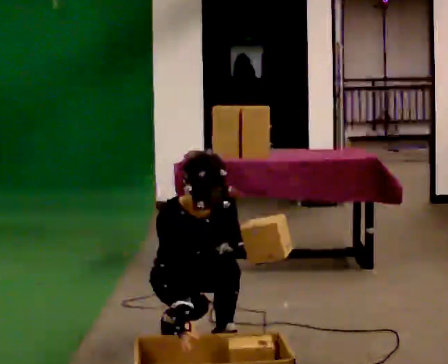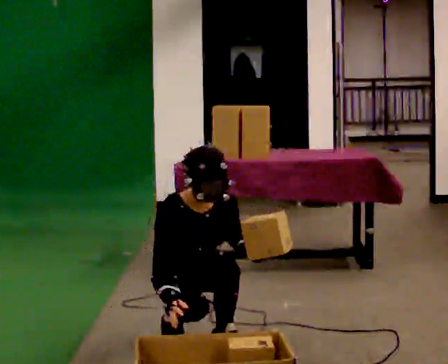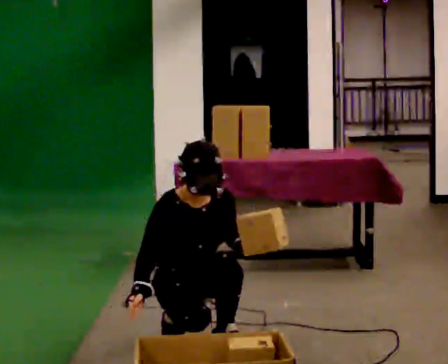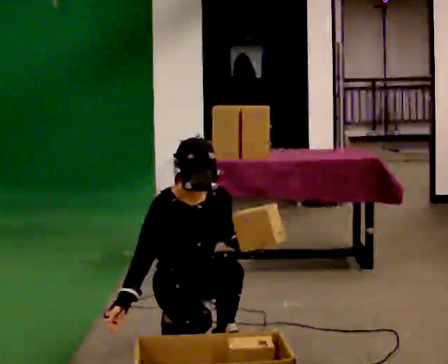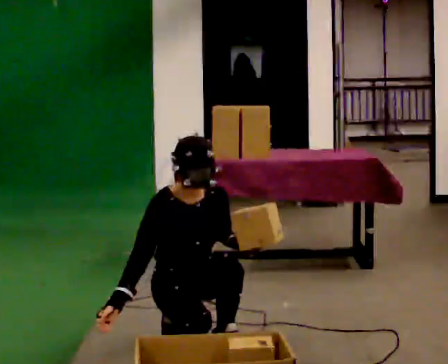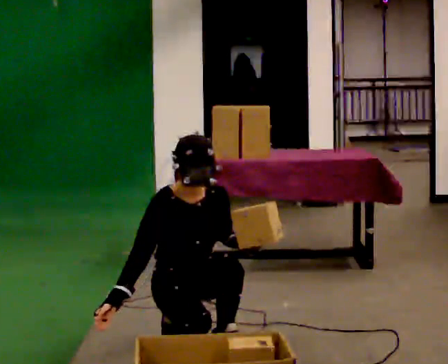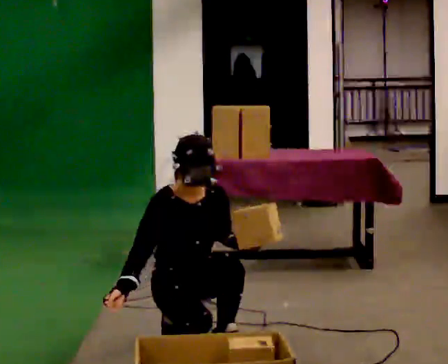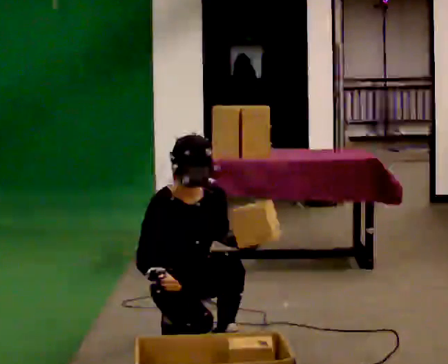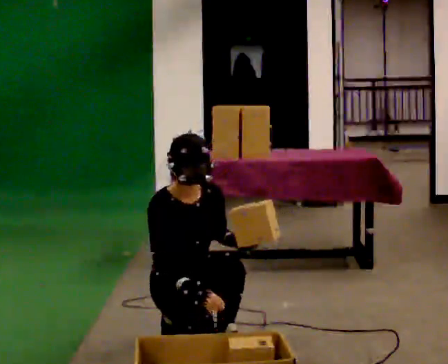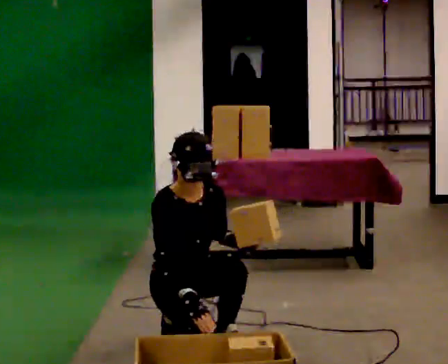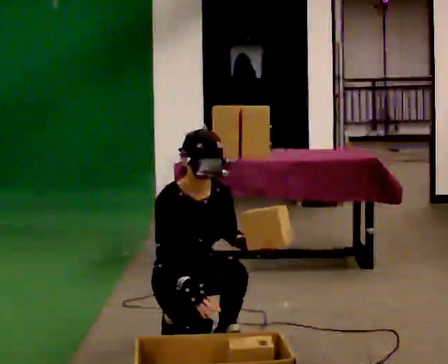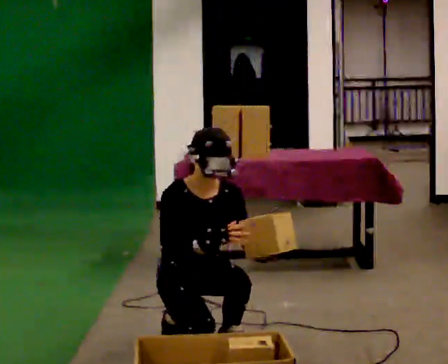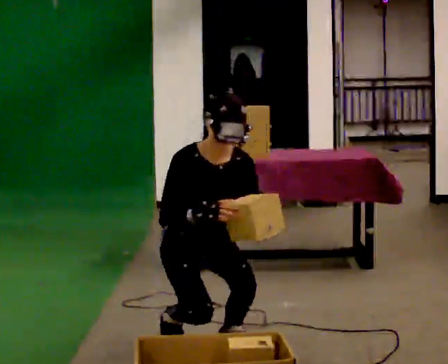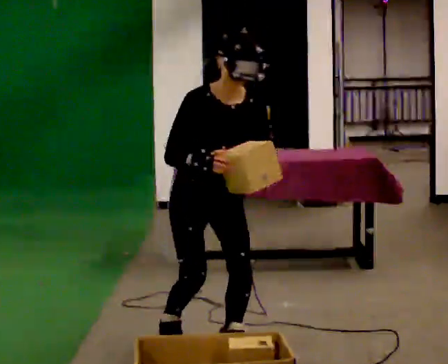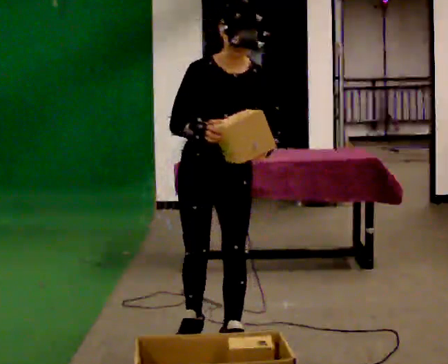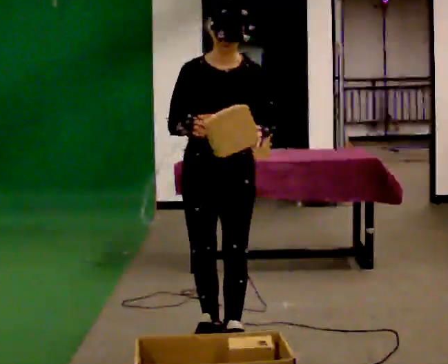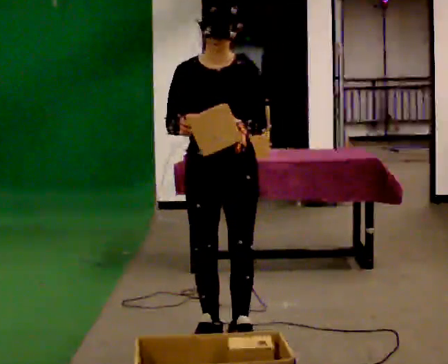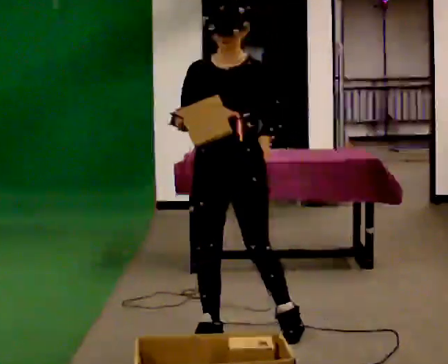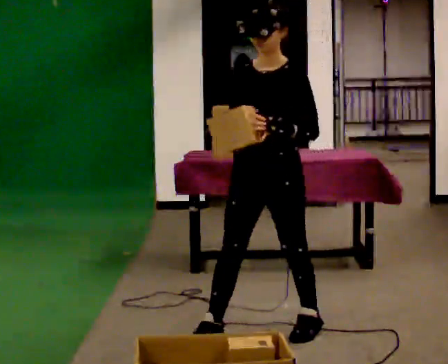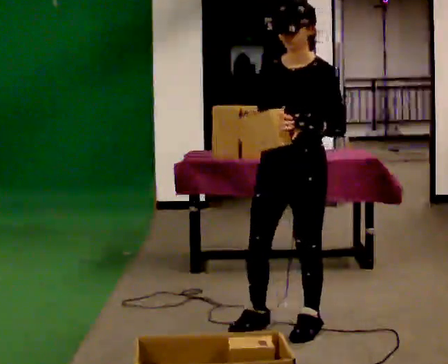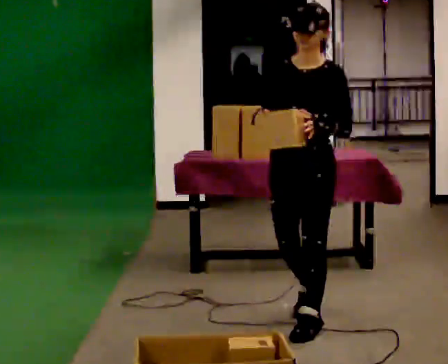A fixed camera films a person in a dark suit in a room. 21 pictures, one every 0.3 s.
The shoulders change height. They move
upward.
The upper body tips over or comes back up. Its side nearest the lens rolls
upward.
0.0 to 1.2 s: The upper body tips away from the camera, its near side rolling upward, as they lean back or straighten.
1.2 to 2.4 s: In the picture their right hand goes to the right.
2.4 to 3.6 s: The upper body goes upward.
3.6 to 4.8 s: The shoulders move upward. The upper body tips away from the camera, its near side rolling upward, as they lean back or straighten. In the picture their right hand goes upward.
4.8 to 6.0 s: The person turns about 30 degrees to their right, clockwise seen from above, so the part of the body nearest the lens slides to the left. In the picture they go to the right, about 0.5 m in 1 step, which for them is backward and to their left.
The film runs backward here.
